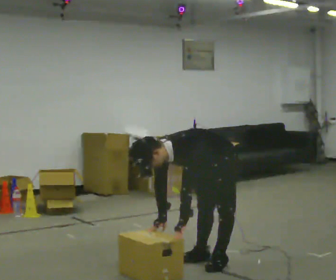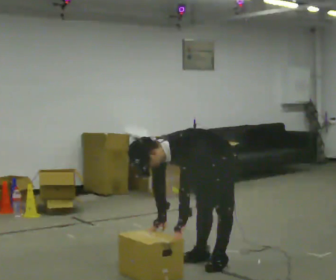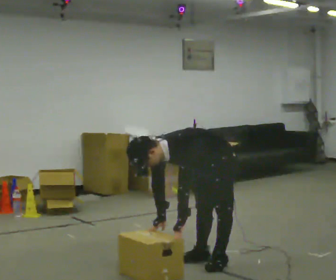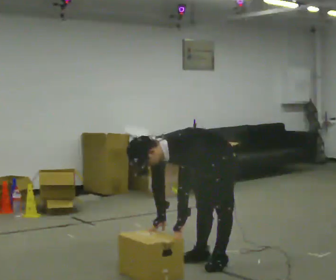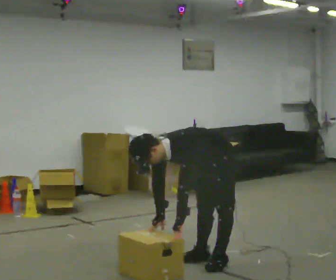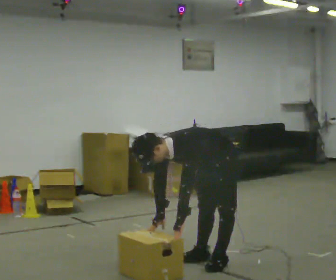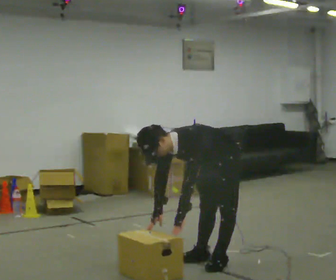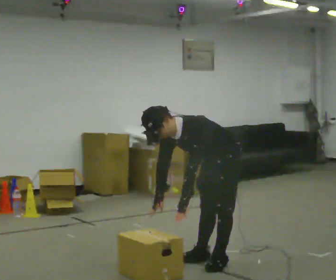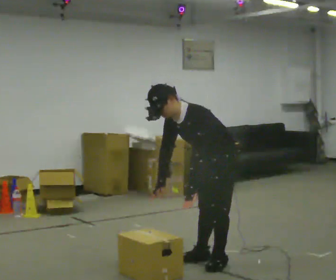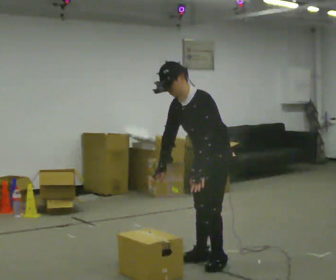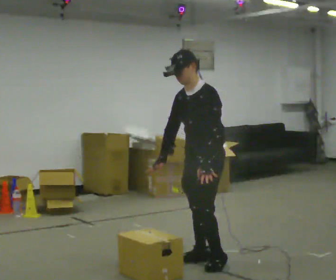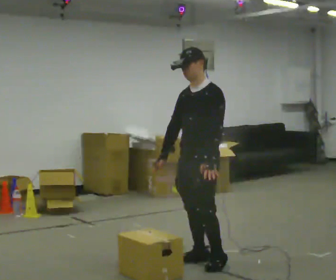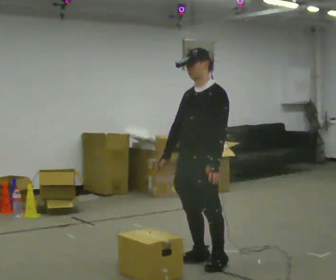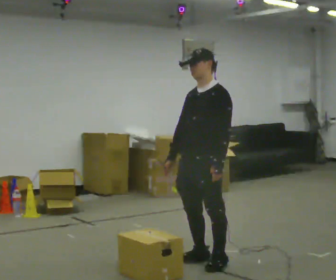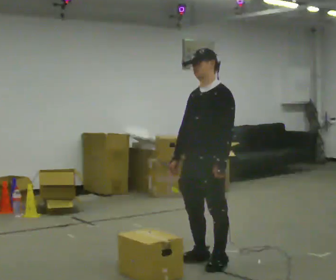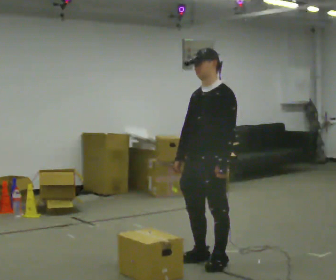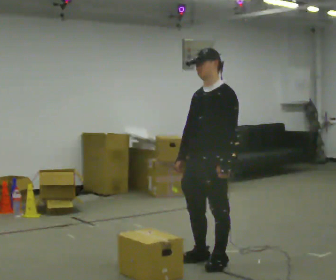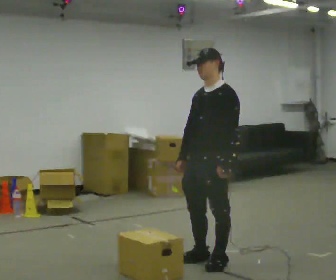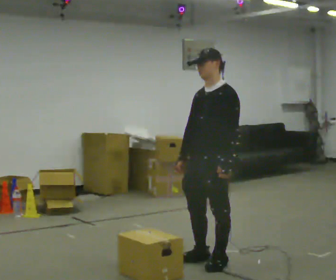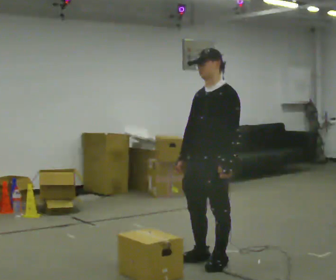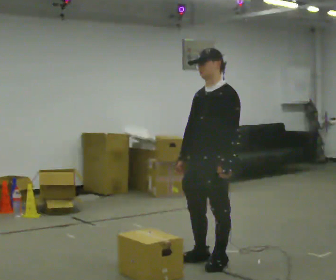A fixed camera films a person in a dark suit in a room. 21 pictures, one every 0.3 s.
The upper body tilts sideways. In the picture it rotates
clockwise.
The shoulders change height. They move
upward.
0.0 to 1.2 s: The person keeps their place and pose.
1.2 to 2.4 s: The shoulders move upward. In the picture the upper body tilts clockwise, shoulders to the right, as they lean back or straighten.
2.4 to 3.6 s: In the picture they go to the left, about 0.25 m, which for them is forward. The upper body goes upward. In the picture the upper body tilts clockwise, shoulders to the right, as they lean back or straighten.
3.6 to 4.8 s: The person moves a little, or ends about where they began.
4.8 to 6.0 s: The person keeps their place and pose.
The film runs backward here.
